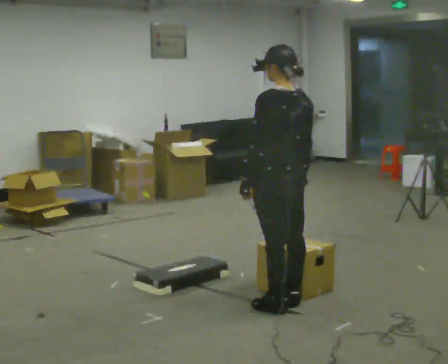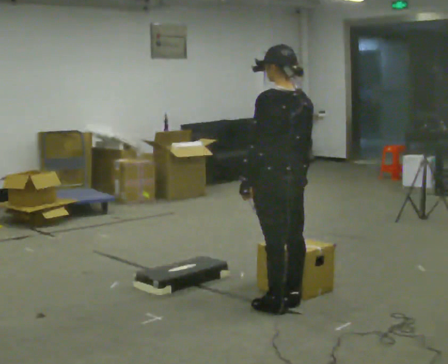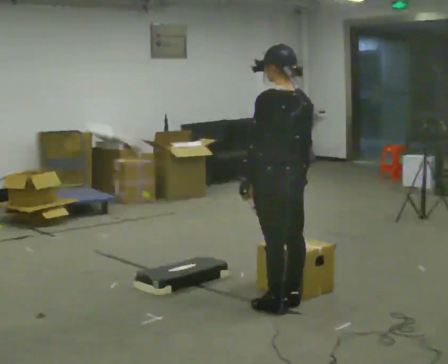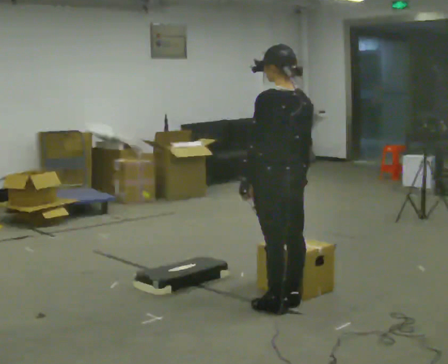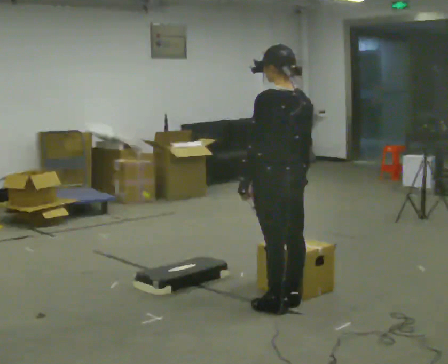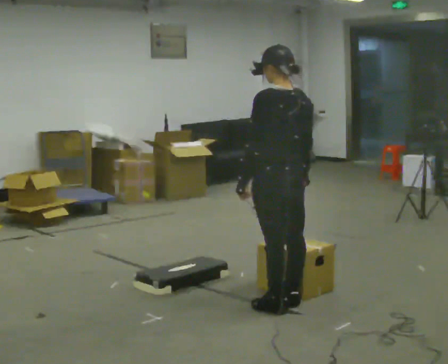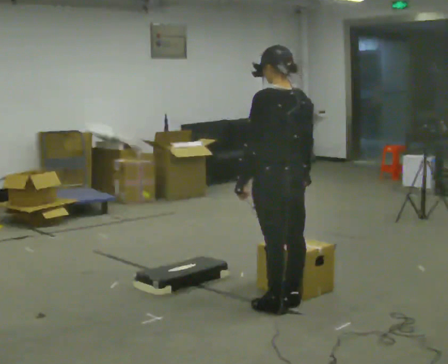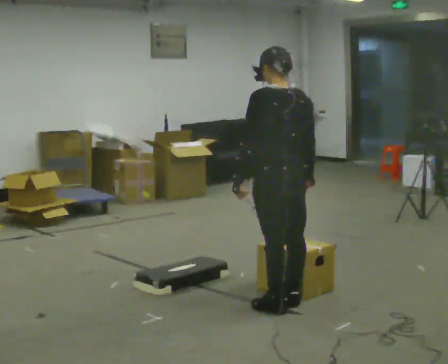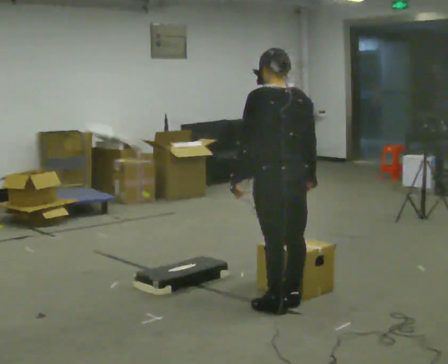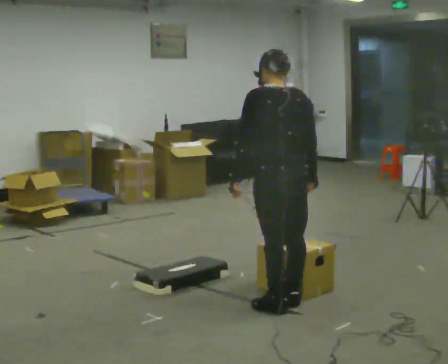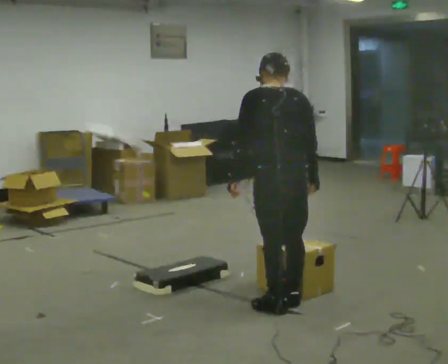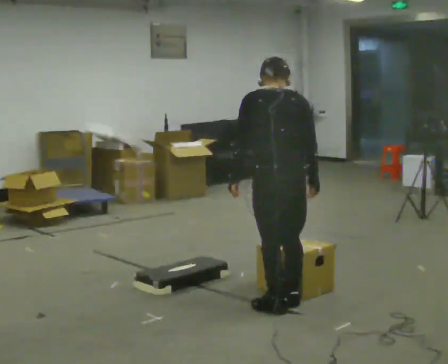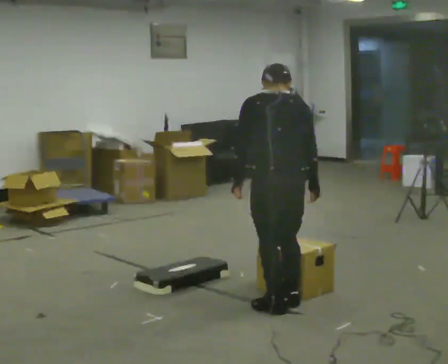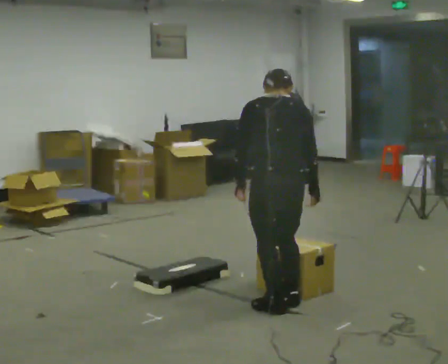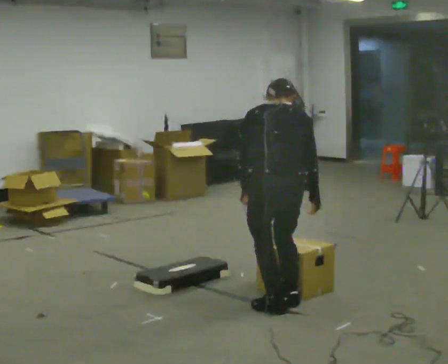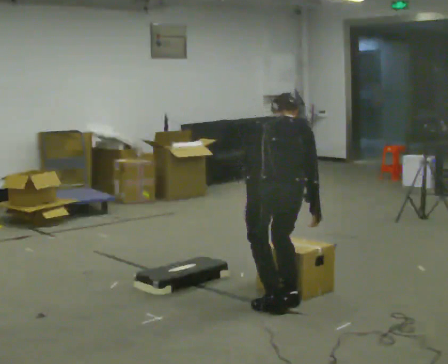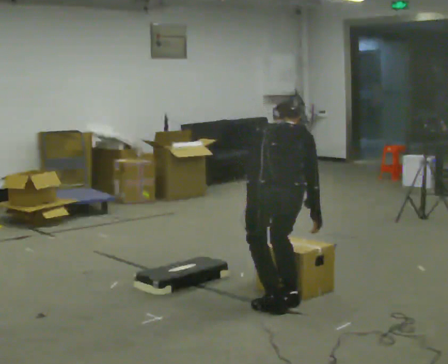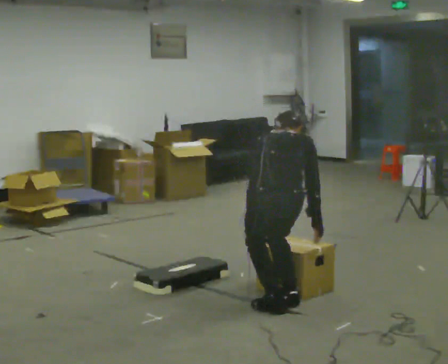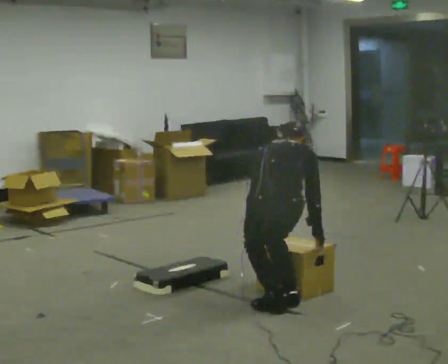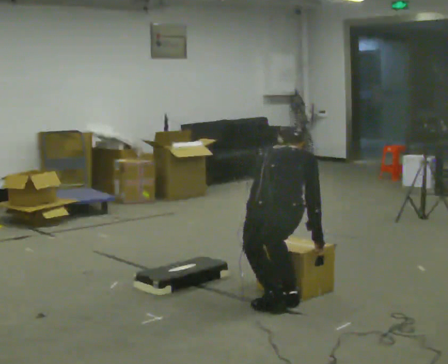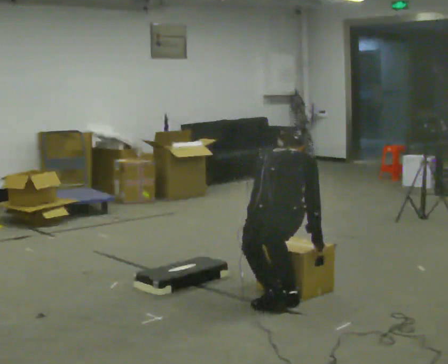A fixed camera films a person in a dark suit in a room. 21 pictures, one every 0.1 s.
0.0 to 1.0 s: The part of the body nearest the lens slides to the left as the person turns to their right by about 30 degrees.
1.0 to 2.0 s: Seen from above the body turns clockwise, about 30 degrees: to their right, with its near side sliding to the left. The shoulders move downward. The upper body tips away from the camera, its near side rolling upward, as they bend forward. In the picture their left hand goes downward.
The film runs forward here.
